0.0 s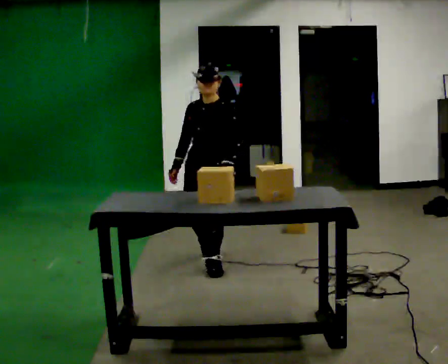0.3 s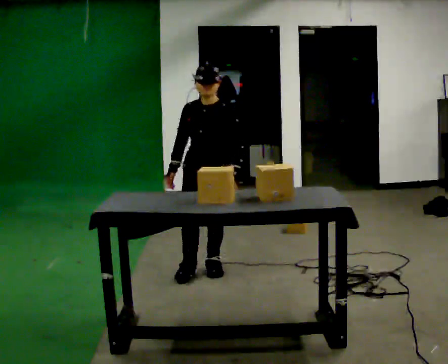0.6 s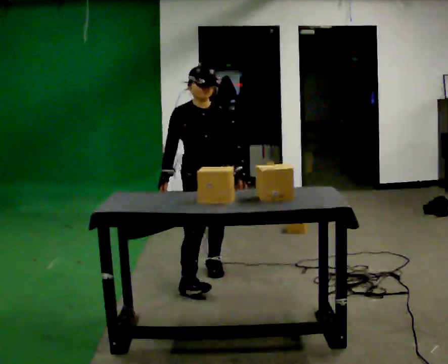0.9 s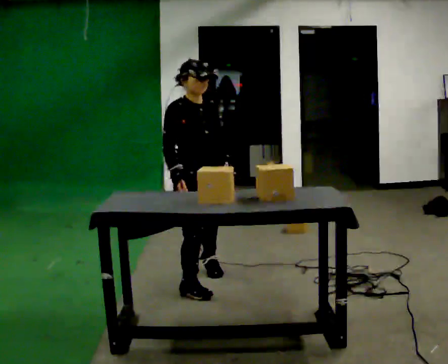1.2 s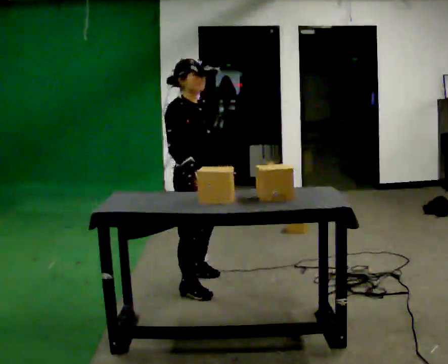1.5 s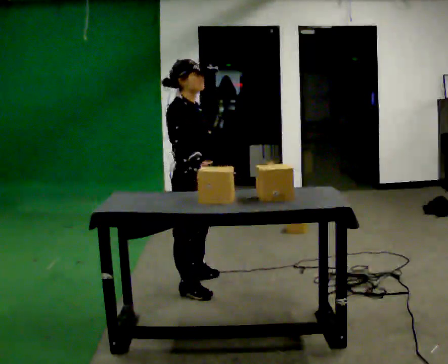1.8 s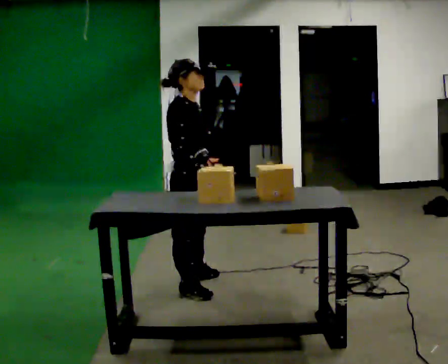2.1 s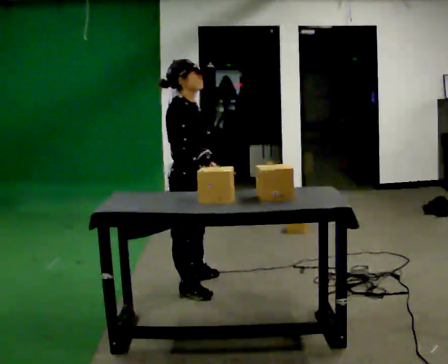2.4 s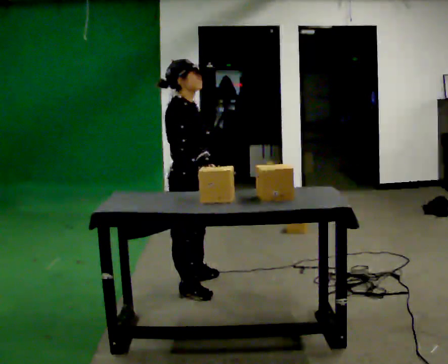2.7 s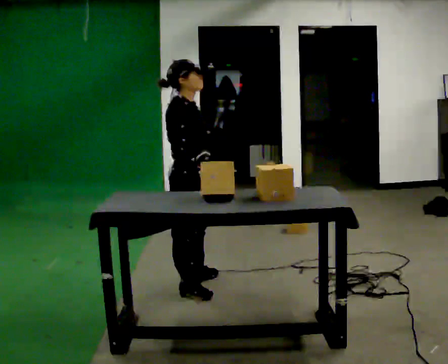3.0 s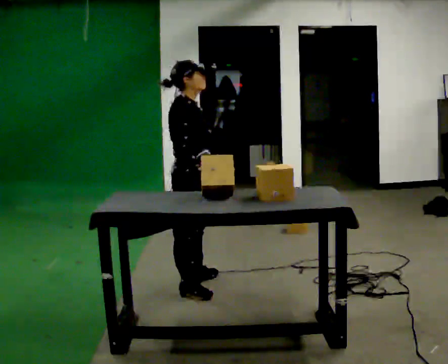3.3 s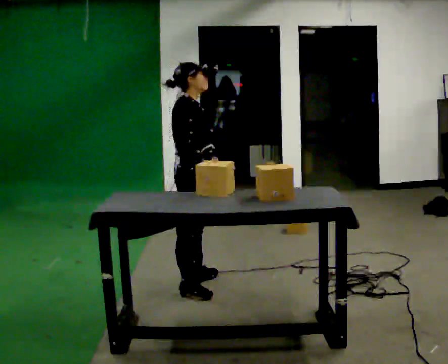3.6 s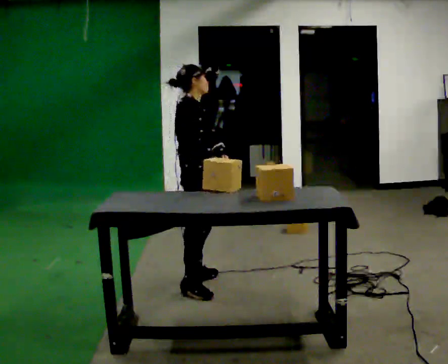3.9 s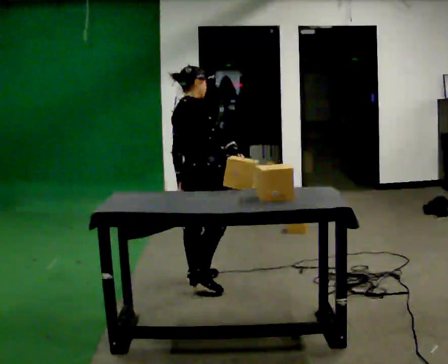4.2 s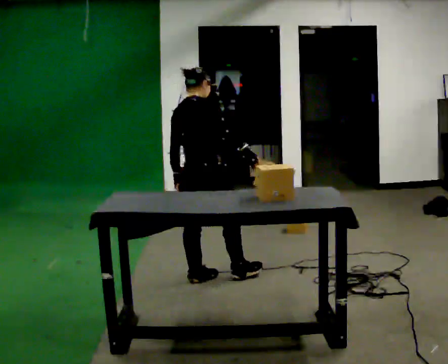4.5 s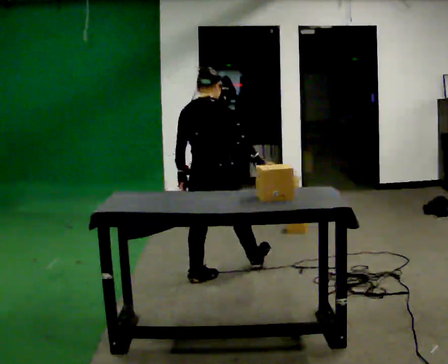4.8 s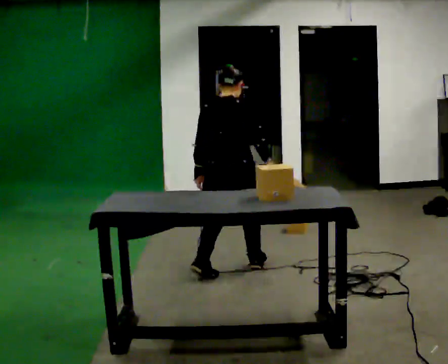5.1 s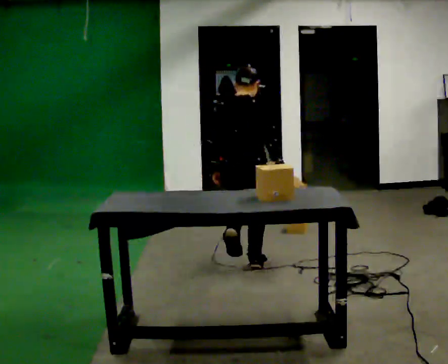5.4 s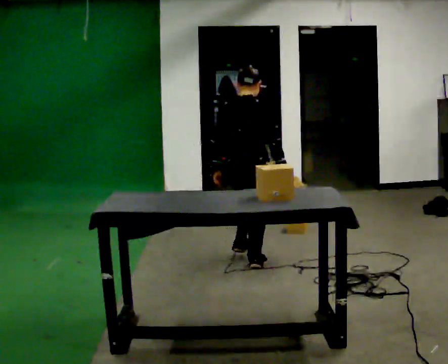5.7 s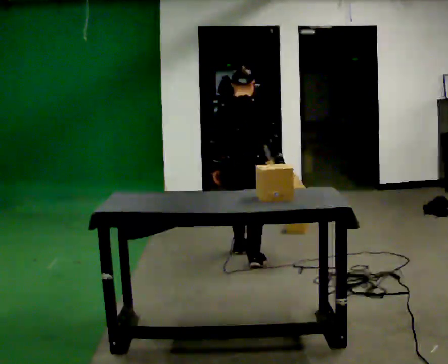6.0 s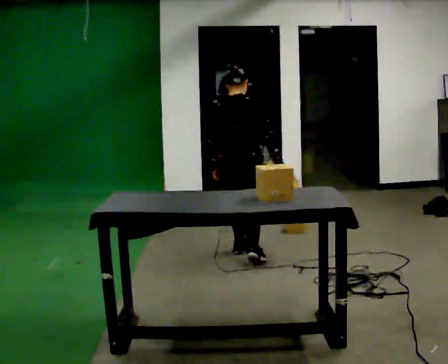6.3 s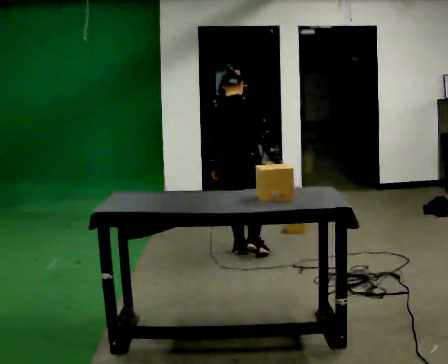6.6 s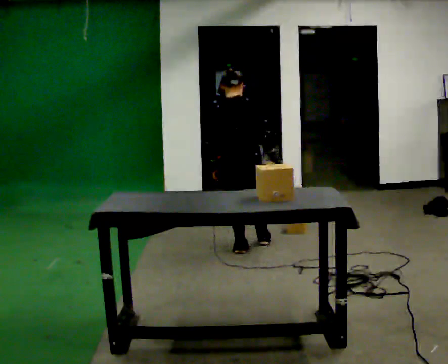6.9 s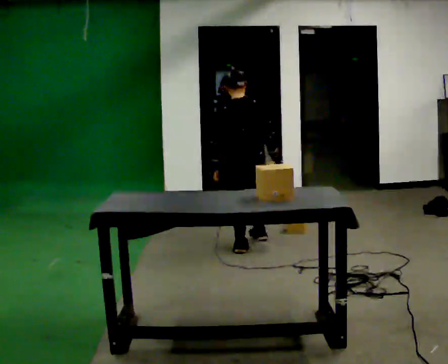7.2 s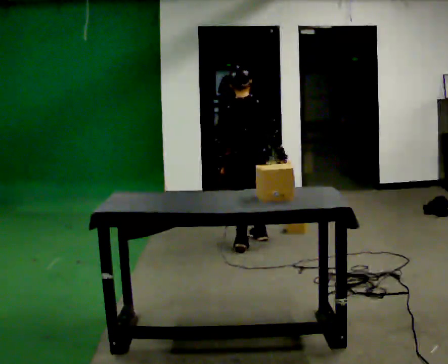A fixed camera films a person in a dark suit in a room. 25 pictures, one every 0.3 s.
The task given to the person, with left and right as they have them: Take an object off the waist-height shelf, carry it across the room, and set it down on the floor. Keep going until the operator says stop; one object at a time, and do not rush between trips.
0.0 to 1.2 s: Seen from above the body turns counterclockwise, about 90 degrees: to their left, with its near side sliding to the right. In the picture they go toward the camera, about 0.5 m in 1 step.
1.2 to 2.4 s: The person moves a little, or ends about where they began.
2.4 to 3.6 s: In the picture they go away from the camera, about 0.25 m, which for them is to their left.
3.6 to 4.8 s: Seen from above the body turns counterclockwise, about 60 degrees: to their left, with its near side sliding to the right. In the picture they go to the right and away from the camera, about 0.25 m in 1 step.
4.8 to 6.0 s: In the picture they go away from the camera, about 0.5 m in 1 step, which for them is forward.
6.0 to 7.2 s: In the picture they go away from the camera, about 0.25 m in 1 step, which for them is forward.
The film runs forward here.
